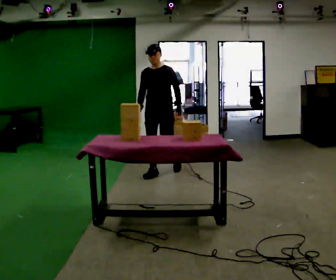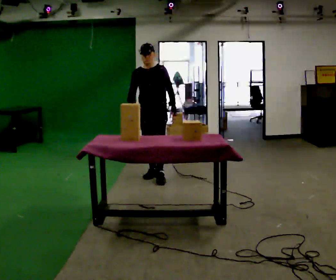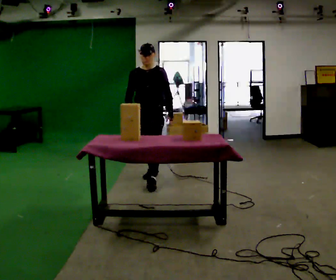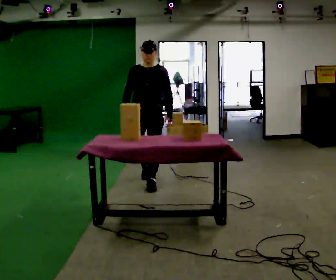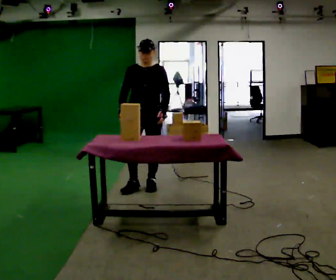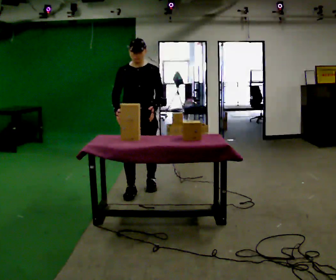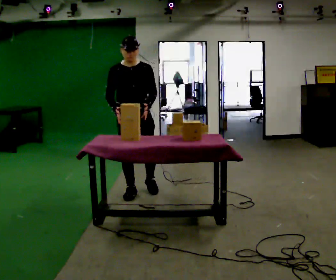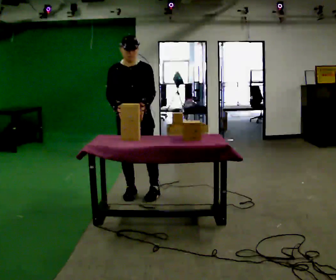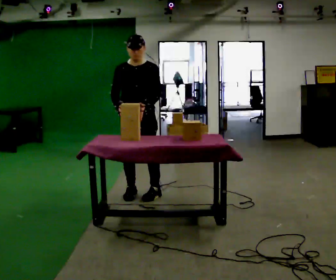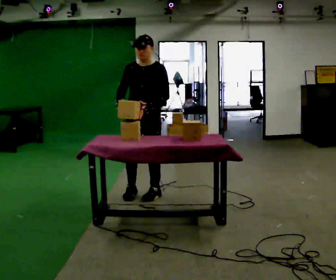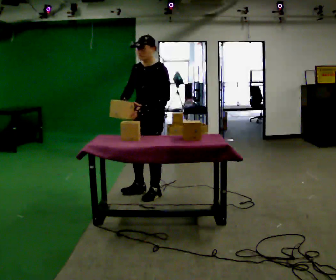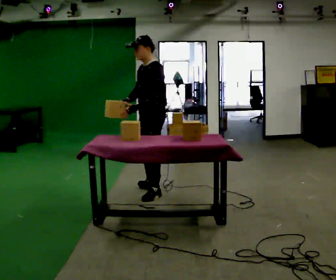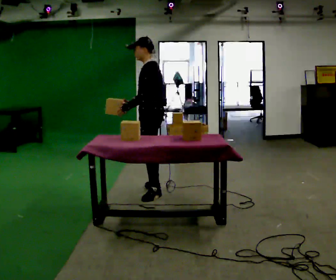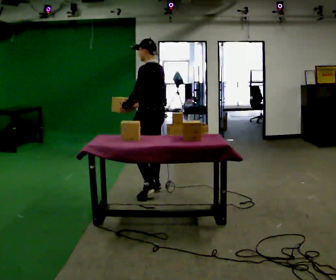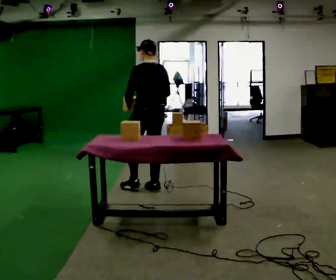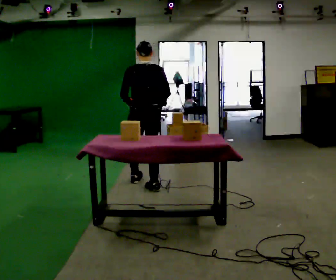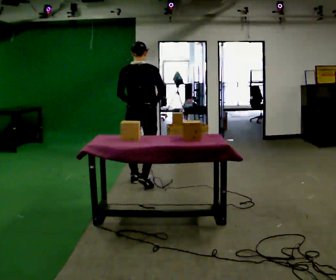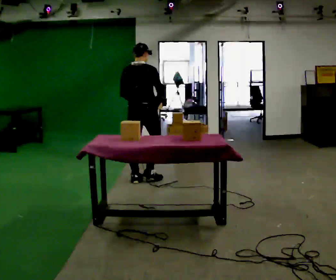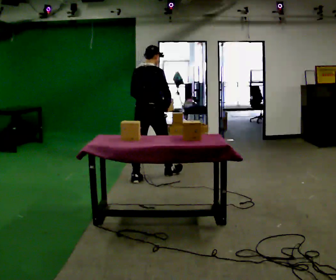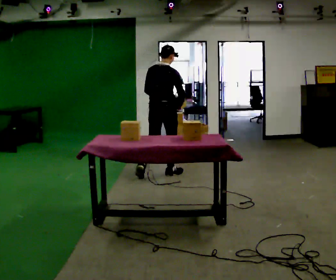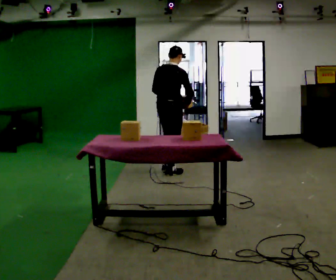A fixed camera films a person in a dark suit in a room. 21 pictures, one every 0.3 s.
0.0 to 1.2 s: In the picture they go toward the camera, about 0.75 m in 1 step, which for them is forward.
1.2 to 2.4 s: In the picture they go toward the camera, about 0.25 m in 2 steps, which for them is forward.
2.4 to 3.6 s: The person turns about 90 degrees to their right, clockwise seen from above, so the part of the body nearest the lens slides to the left.
3.6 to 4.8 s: The person turns about 90 degrees to their right, clockwise seen from above, so the part of the body nearest the lens slides to the left. In the picture they go away from the camera and to the left, about 0.5 m in 1 step.
4.8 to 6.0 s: Seen from above the body turns clockwise, about 30 degrees: to their right, with its near side sliding to the left. In the picture they go away from the camera and to the right, about 0.5 m in 1 step, which for them is forward.
The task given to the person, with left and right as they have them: Clear everything off the table and put it away on the shelf, in as many trips as you need. Keep going until the operator says stop; one object at a time, and do not rush between trips.
The film runs forward here.
